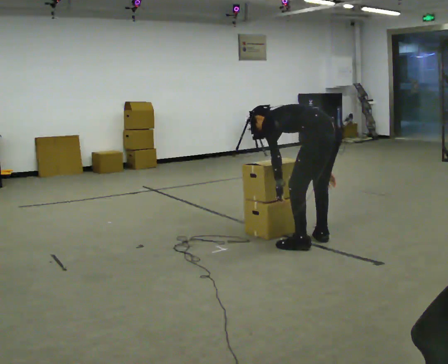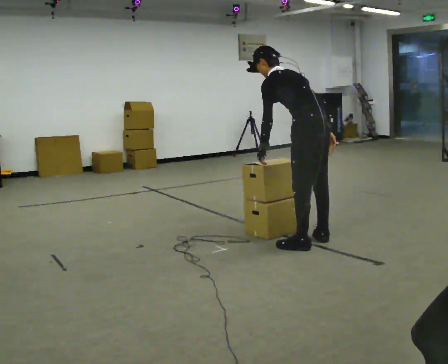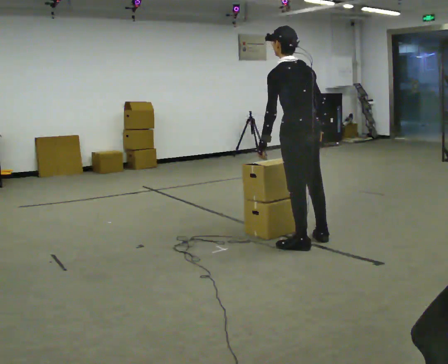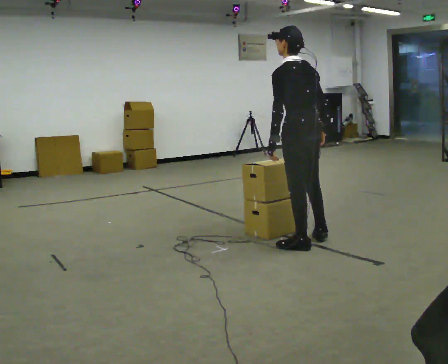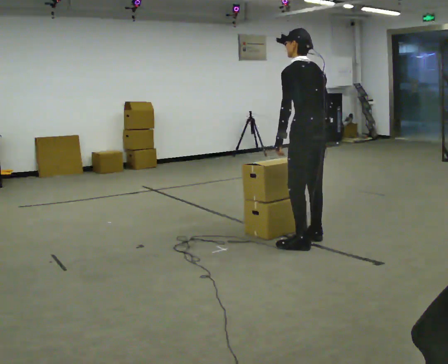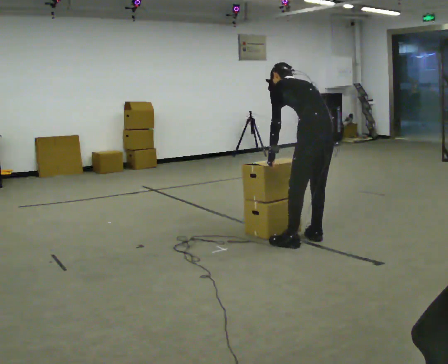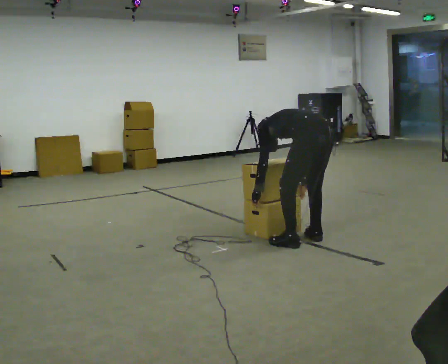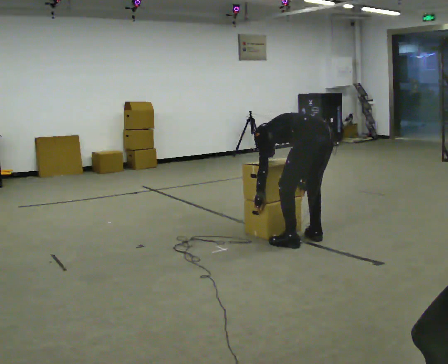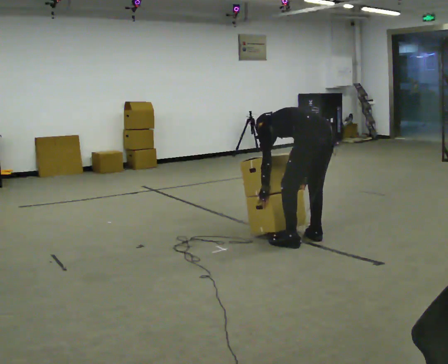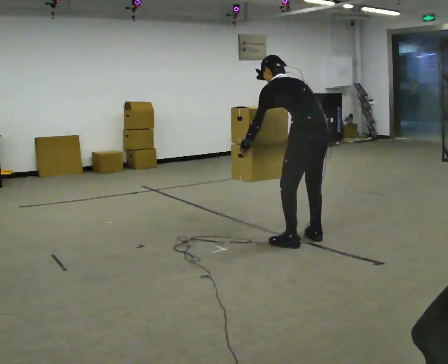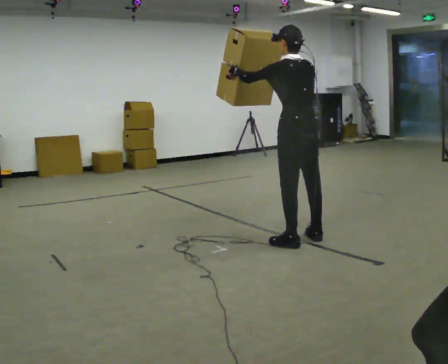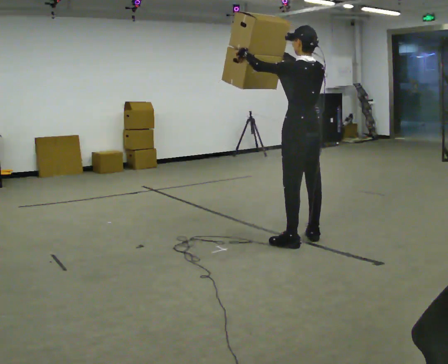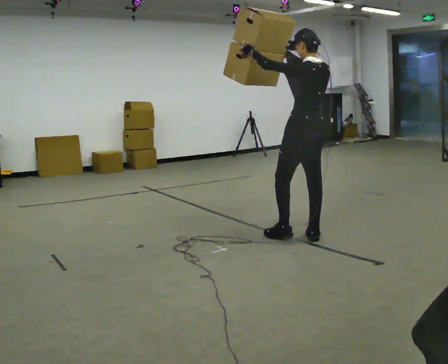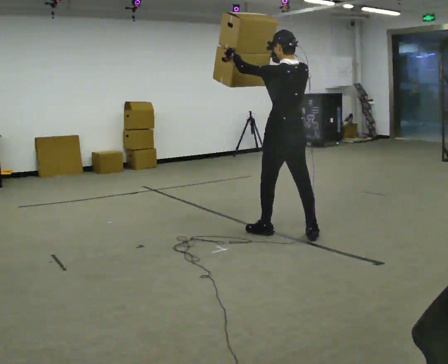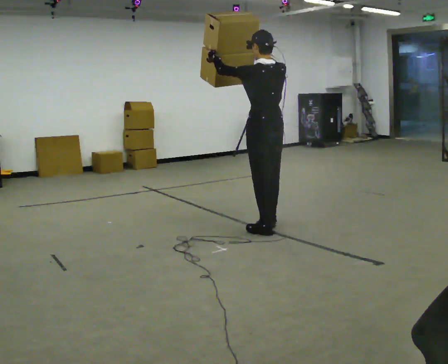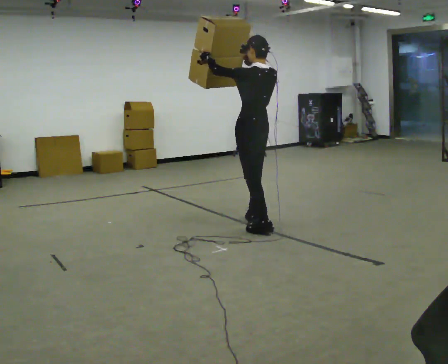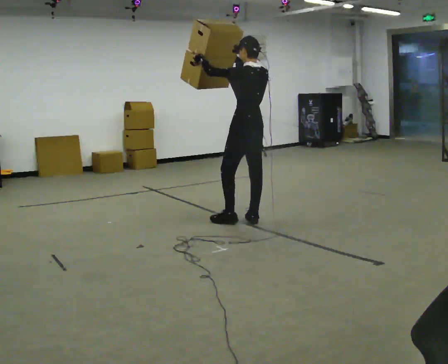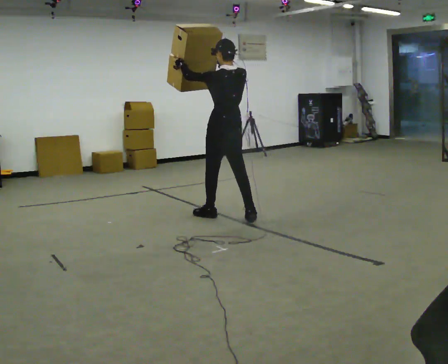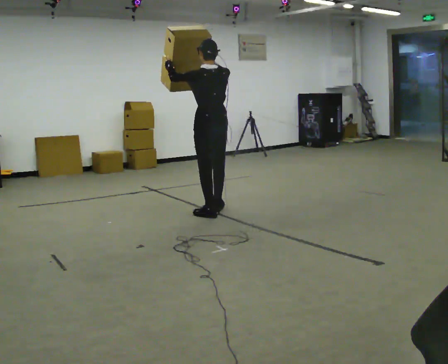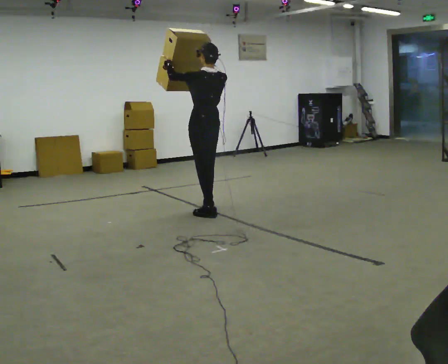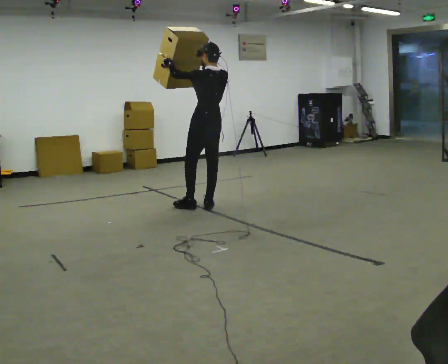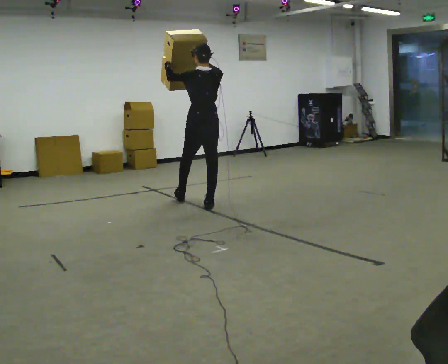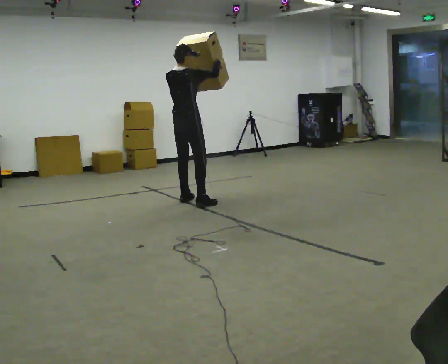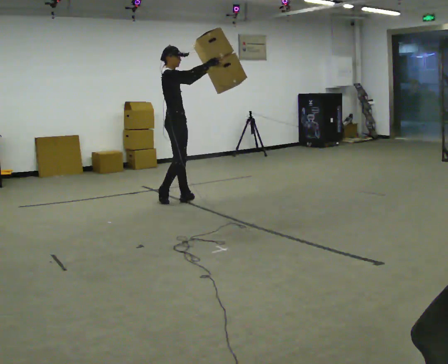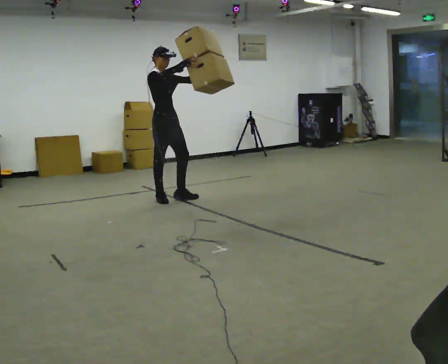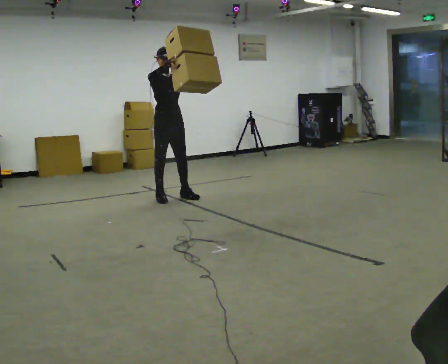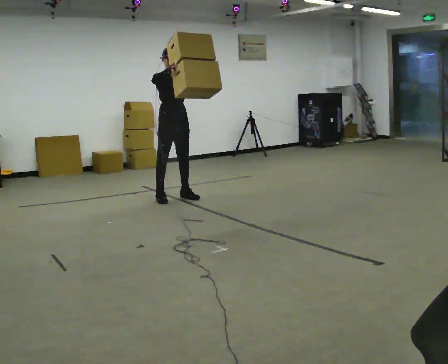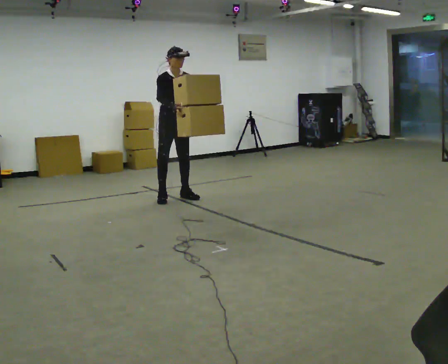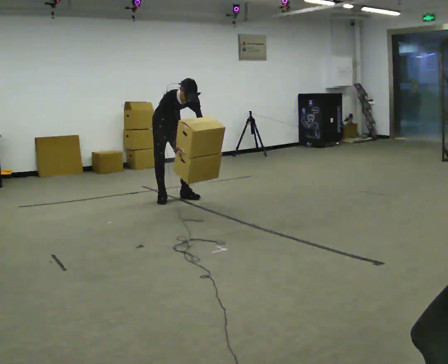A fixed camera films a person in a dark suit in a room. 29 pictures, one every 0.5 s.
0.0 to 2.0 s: The upper body goes upward. In the picture the upper body tilts clockwise, shoulders to the right, as they lean back or straighten. In the picture their right hand goes upward.
2.0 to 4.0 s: The upper body goes downward. The upper body tips away from the camera, its near side rolling upward, as they bend forward. In the picture their left hand goes downward.
4.0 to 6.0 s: In the picture they go away from the camera, about 0.25 m, which for them is forward and to their right. The upper body goes upward. The upper body tips toward the camera, its near side rolling downward, as they lean back or straighten. In the picture their right hand goes upward.
6.0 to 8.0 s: In the picture they go away from the camera and to the left, about 0.5 m in 2 steps, which for them is forward.
8.0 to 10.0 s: In the picture they go away from the camera and to the left, about 0.5 m in 2 steps, which for them is forward.
10.0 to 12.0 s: Seen from above the body turns clockwise, about 165 degrees: to their right, with its near side sliding to the left. In the picture they go to the left and away from the camera, about 0.5 m in 2 steps. In the picture the upper body tilts counterclockwise, shoulders to the left.
12.0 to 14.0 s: In the picture they go away from the camera, about 0.25 m in 1 step, which for them is backward. The shoulders move downward. The upper body tips toward the camera, its near side rolling downward, as they bend forward. In the picture their right hand goes downward.
The film runs forward here.
